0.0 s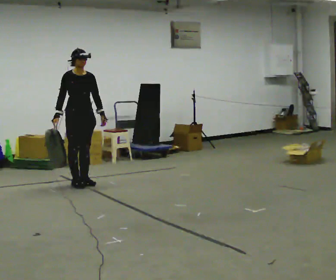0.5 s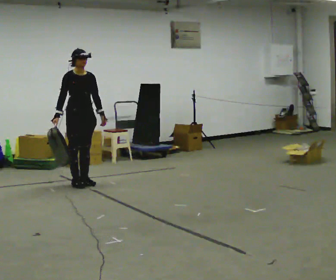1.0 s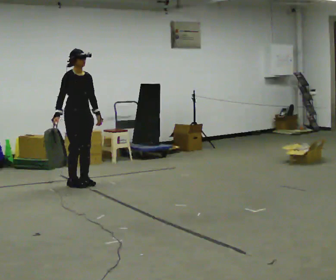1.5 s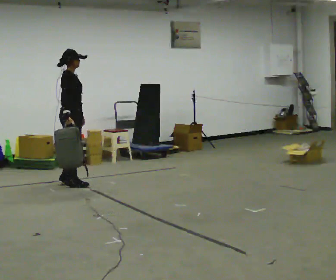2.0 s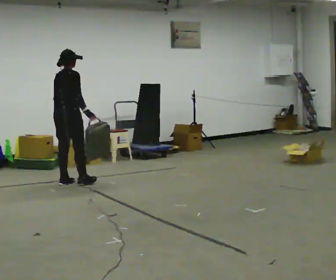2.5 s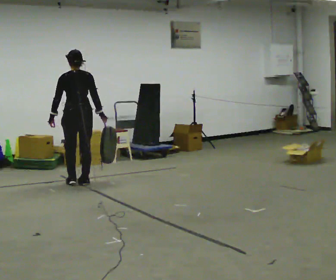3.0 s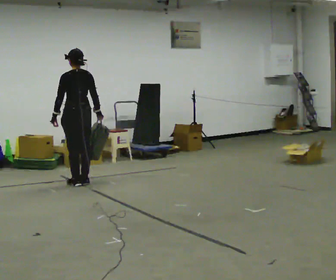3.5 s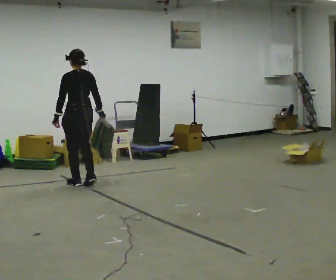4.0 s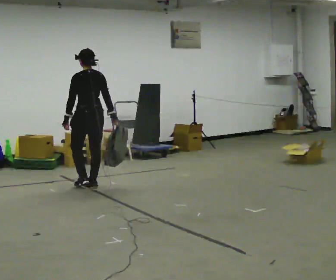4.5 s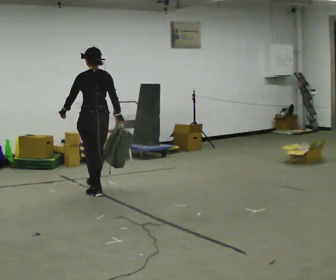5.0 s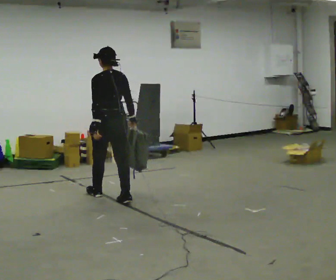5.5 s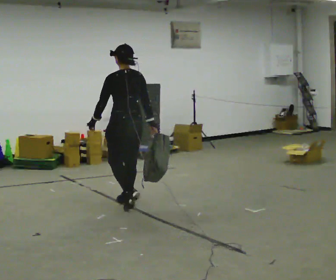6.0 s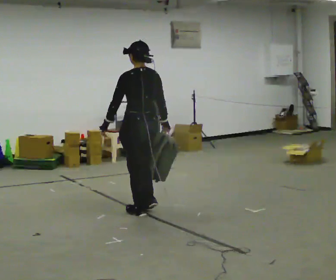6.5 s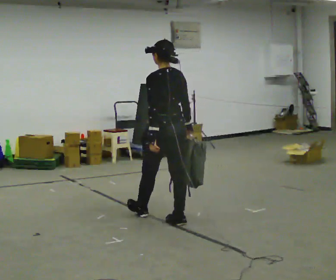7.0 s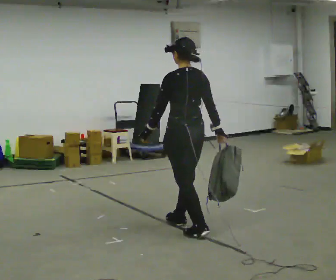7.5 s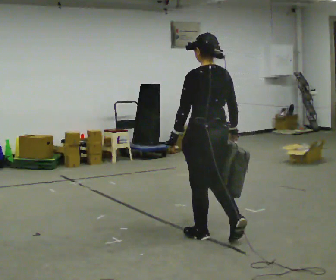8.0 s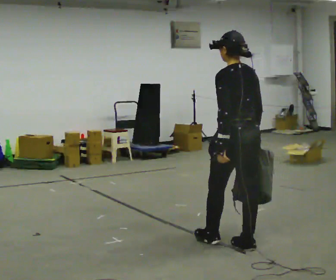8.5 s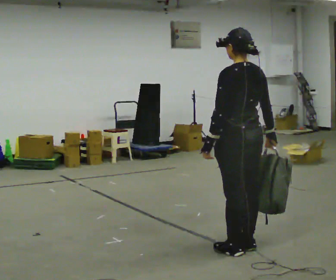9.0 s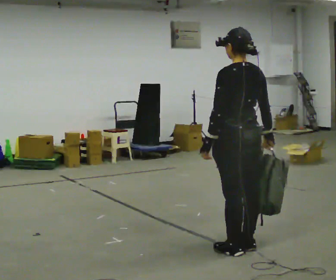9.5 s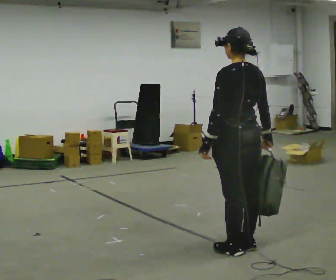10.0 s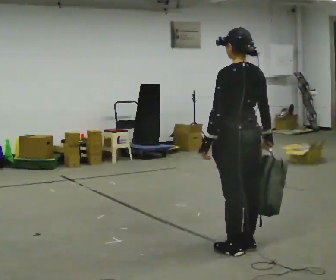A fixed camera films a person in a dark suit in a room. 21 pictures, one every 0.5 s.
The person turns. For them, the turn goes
to their left.
The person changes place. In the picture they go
toward the camera.
0.0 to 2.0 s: The part of the body nearest the lens slides to the right as the person turns to their left by about 120 degrees. In the picture their right hand goes to the right, the arm swinging counterclockwise.
2.0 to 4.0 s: The person turns about 60 degrees to their left, counterclockwise seen from above, so the part of the body nearest the lens slides to the right. In the picture they go to the right and toward the camera, about 0.25 m in 3 steps, which for them is backward and to their right.
4.0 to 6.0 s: In the picture they go toward the camera and to the right, about 1.5 m in 3 steps, which for them is backward.
6.0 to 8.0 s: In the picture they go toward the camera and to the right, about 1 m in 3 steps, which for them is backward.
8.0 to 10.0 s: The person moves a little, or ends about where they began.
The film runs backward here.
